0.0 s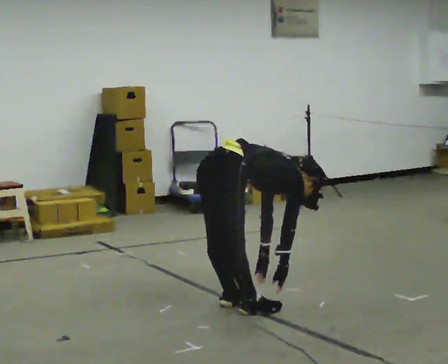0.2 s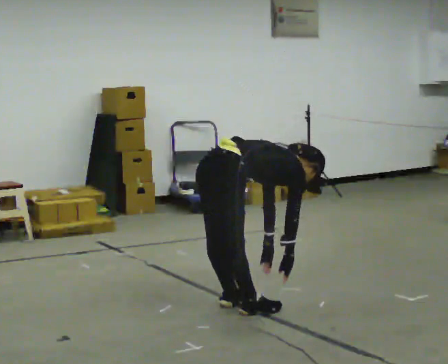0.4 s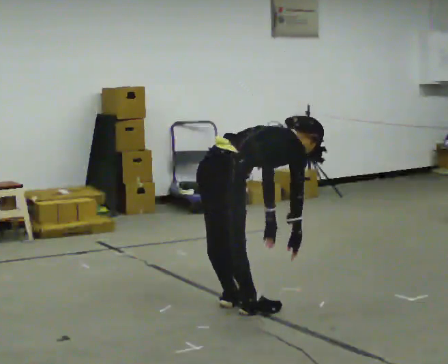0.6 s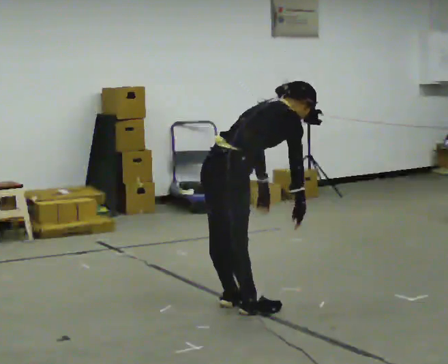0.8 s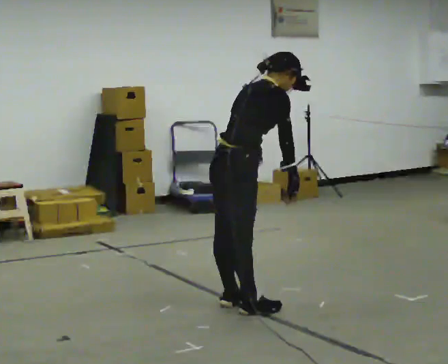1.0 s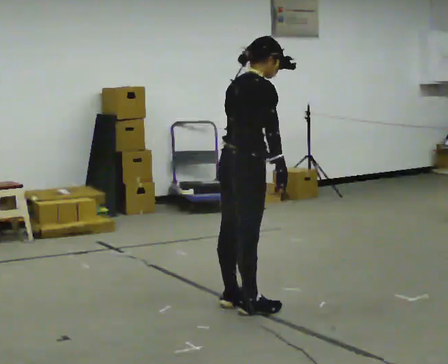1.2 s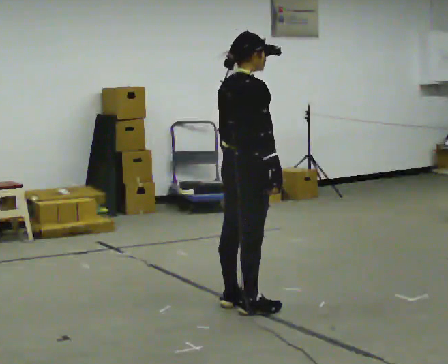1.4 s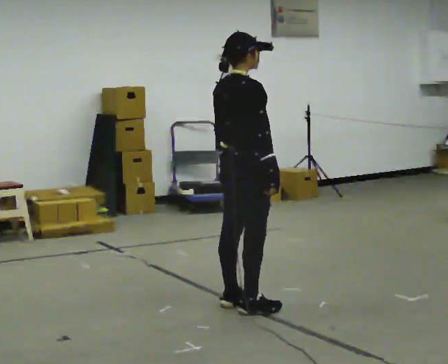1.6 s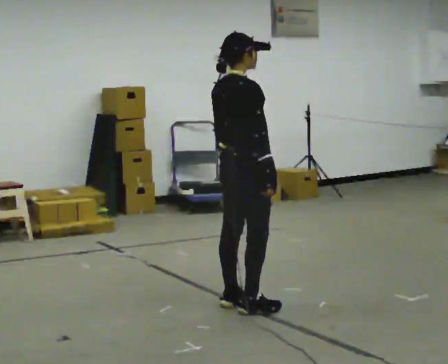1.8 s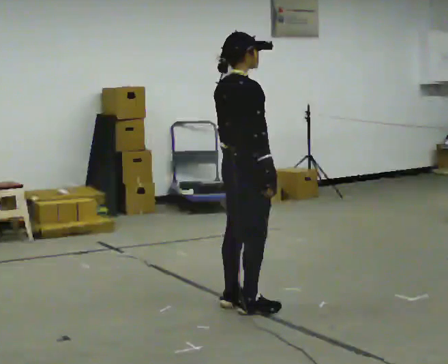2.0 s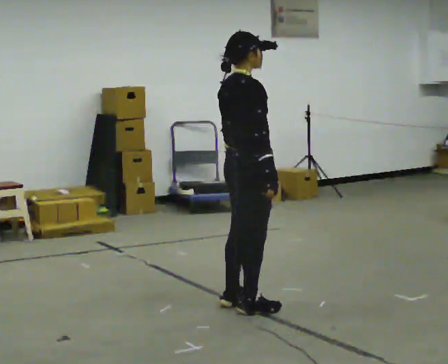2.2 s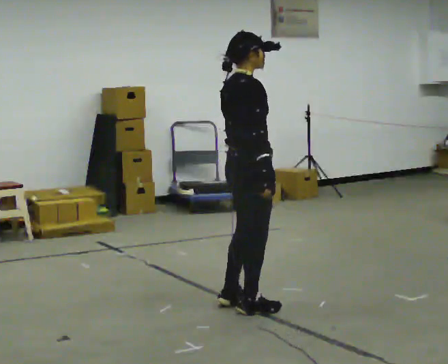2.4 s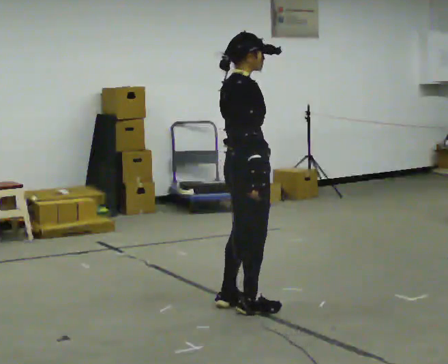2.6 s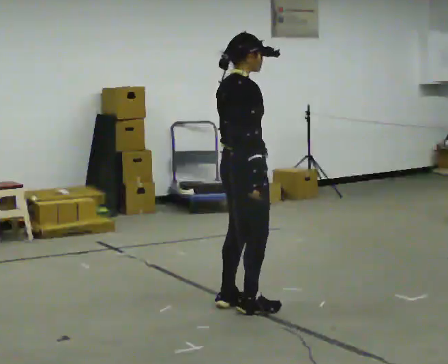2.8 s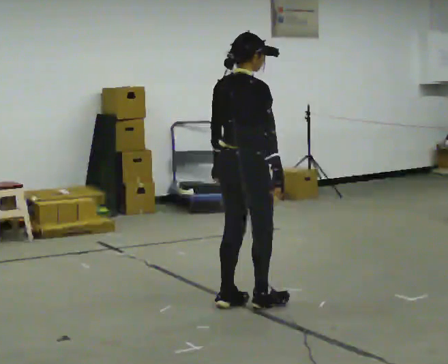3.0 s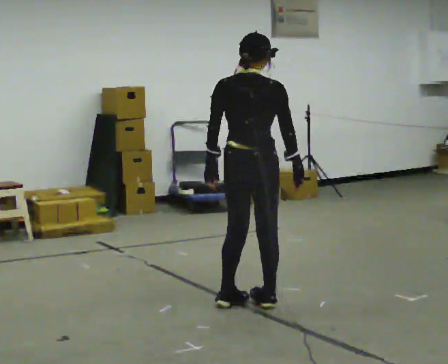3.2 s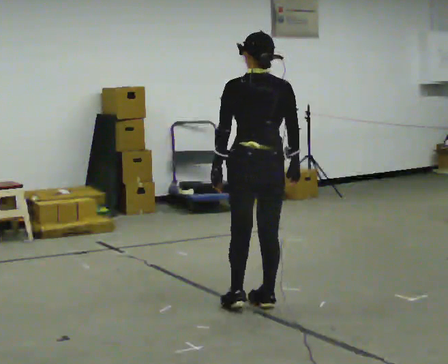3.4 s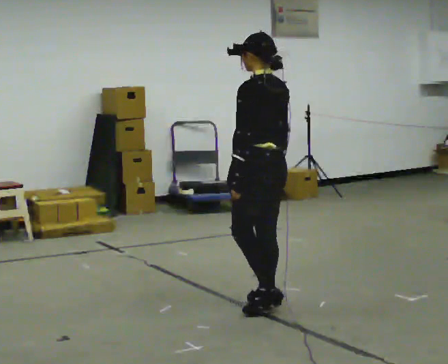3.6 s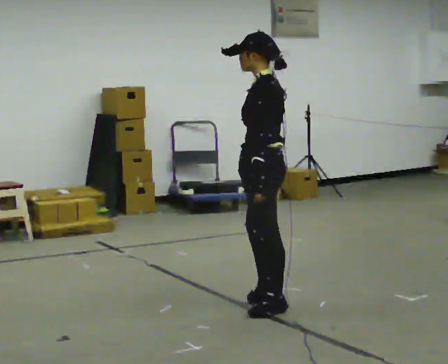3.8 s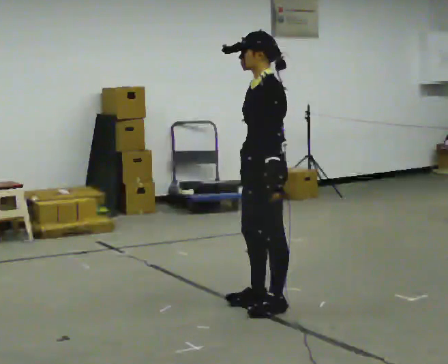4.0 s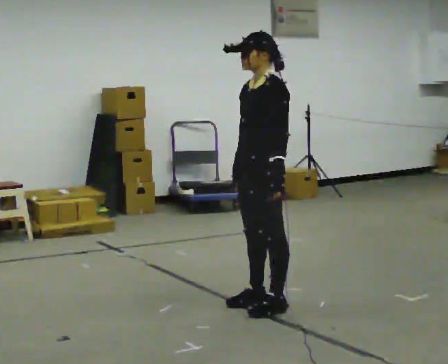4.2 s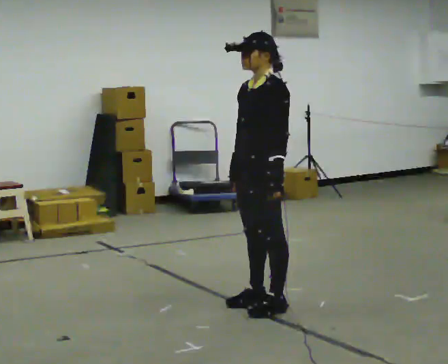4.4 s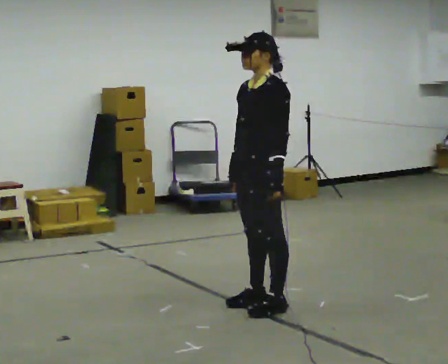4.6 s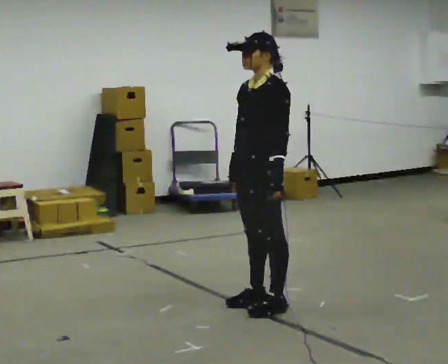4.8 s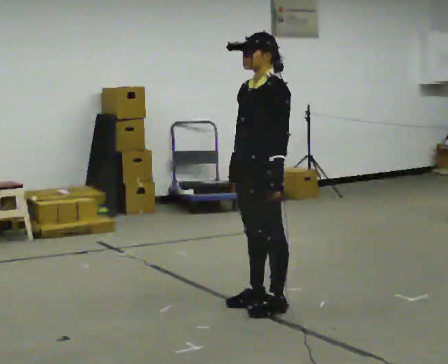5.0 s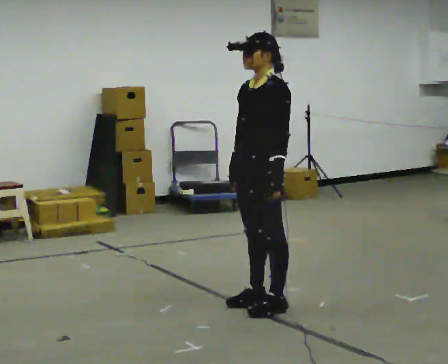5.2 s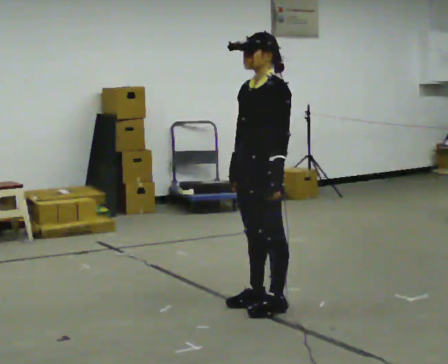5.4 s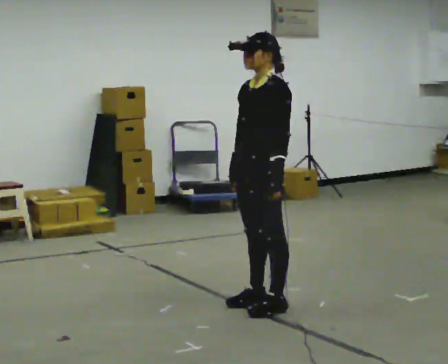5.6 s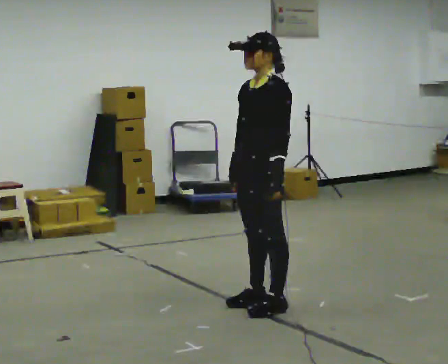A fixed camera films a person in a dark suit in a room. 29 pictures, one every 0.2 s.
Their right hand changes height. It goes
upward.
Their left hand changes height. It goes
upward.
0.0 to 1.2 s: The shoulders move upward. In the picture the upper body tilts counterclockwise, shoulders to the left, as they lean back or straighten. In the picture their right hand goes upward.
1.2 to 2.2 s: The person moves a little, or ends about where they began.
2.2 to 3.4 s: The person turns about 105 degrees to their left, counterclockwise seen from above, so the part of the body nearest the lens slides to the right.
3.4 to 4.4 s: The part of the body nearest the lens slides to the right as the person turns to their left by about 75 degrees.
4.4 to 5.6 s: The person keeps their place and pose.
The film runs backward here.
